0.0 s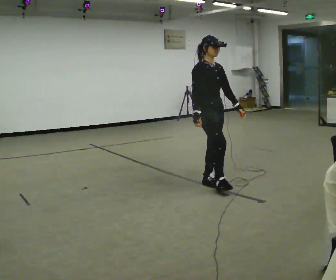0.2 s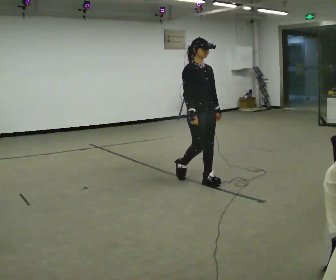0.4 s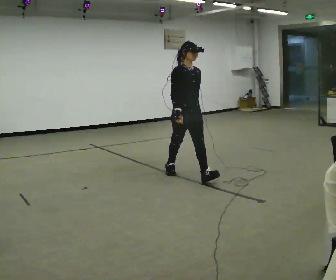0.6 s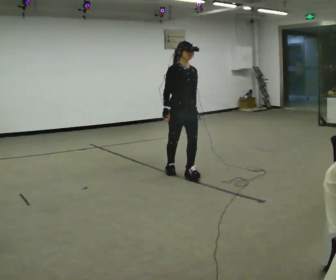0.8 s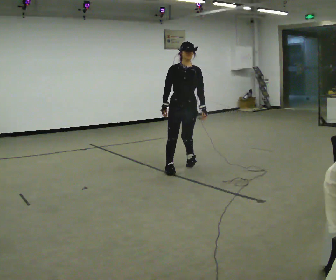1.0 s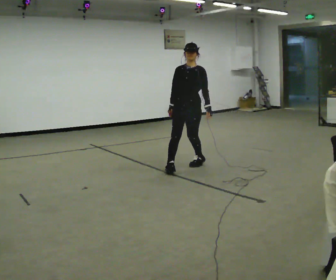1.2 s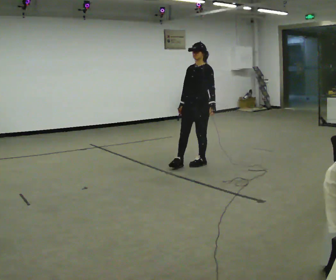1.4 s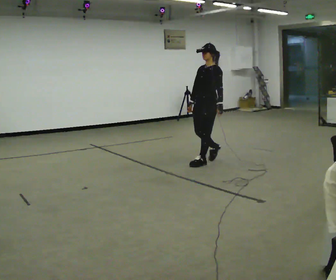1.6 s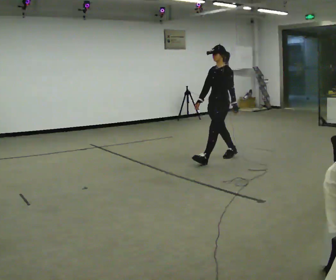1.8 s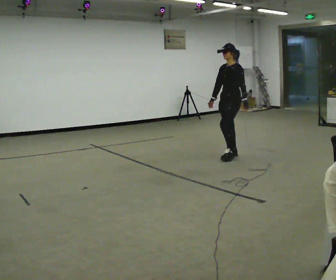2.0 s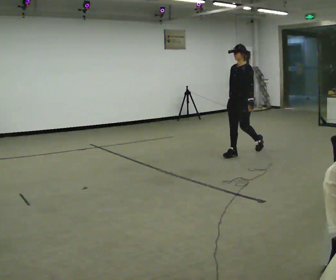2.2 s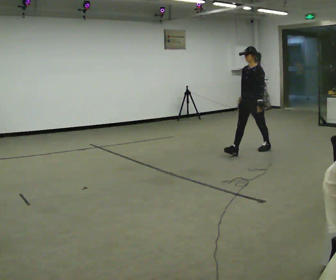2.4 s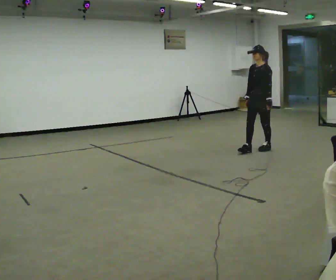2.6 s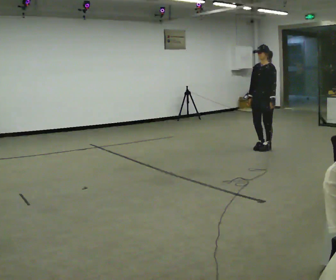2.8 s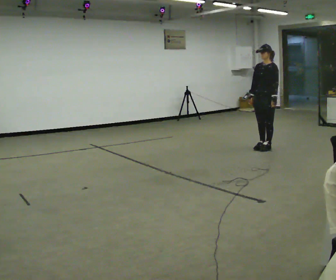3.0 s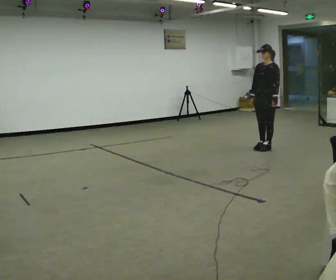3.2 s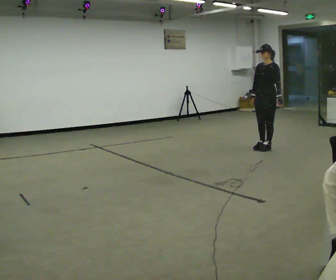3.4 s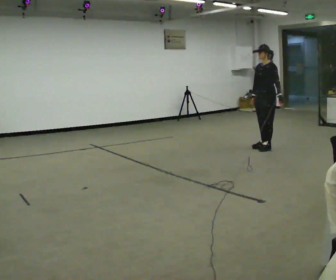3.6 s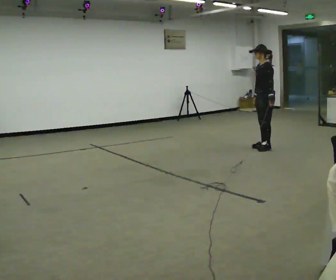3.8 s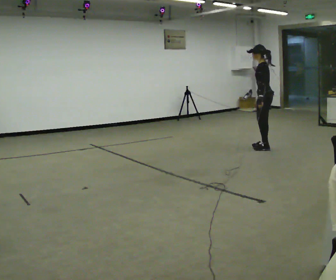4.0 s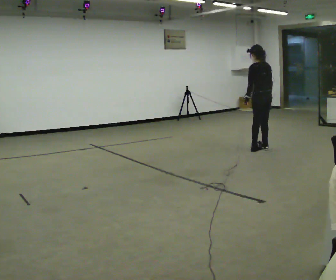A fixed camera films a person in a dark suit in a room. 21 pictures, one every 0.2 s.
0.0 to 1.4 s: Seen from above the body turns clockwise, about 105 degrees: to their right, with its near side sliding to the left. In the picture they go away from the camera, about 1 m in 2 steps.
1.4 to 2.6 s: In the picture they go to the right and away from the camera, about 1 m in 2 steps, which for them is backward.
2.6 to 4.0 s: The part of the body nearest the lens slides to the left as the person turns to their right by about 90 degrees. In the picture their right hand goes to the right.
The film runs backward here.
